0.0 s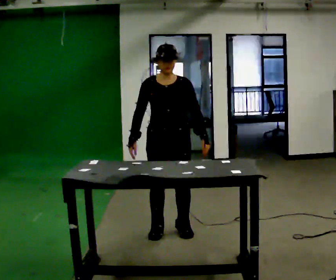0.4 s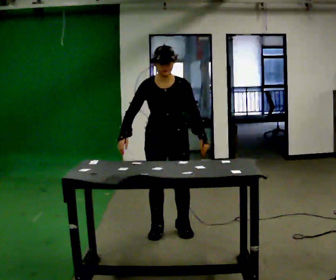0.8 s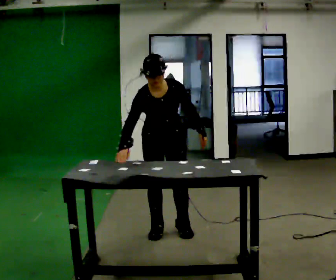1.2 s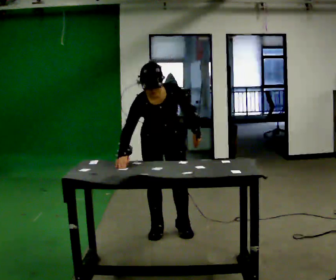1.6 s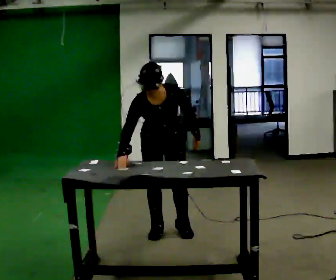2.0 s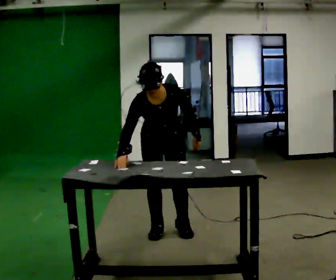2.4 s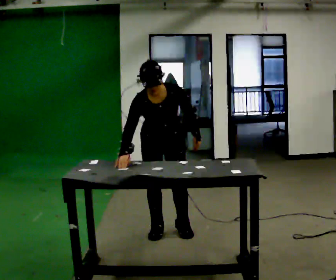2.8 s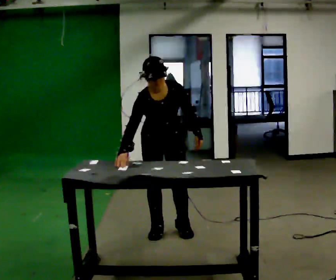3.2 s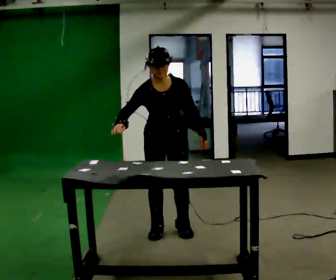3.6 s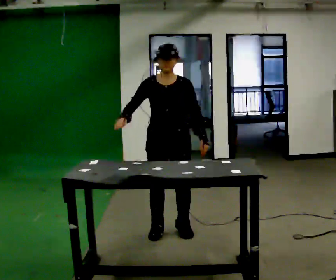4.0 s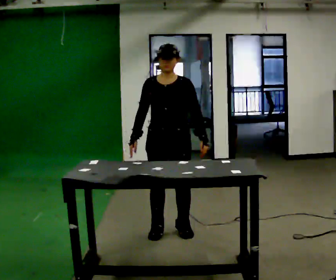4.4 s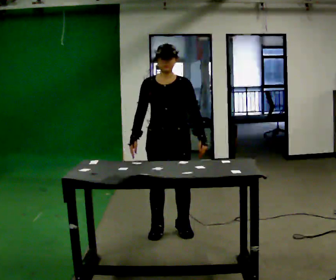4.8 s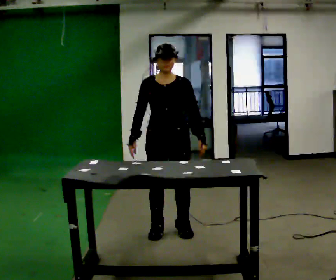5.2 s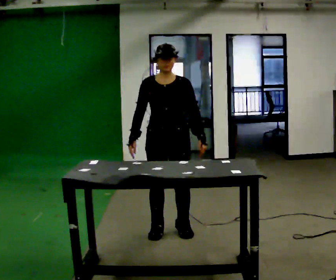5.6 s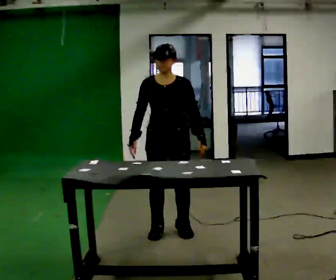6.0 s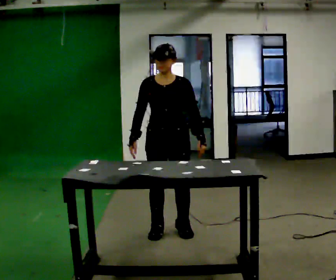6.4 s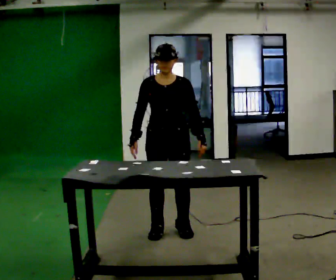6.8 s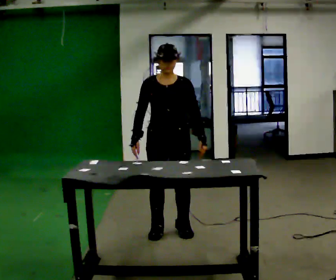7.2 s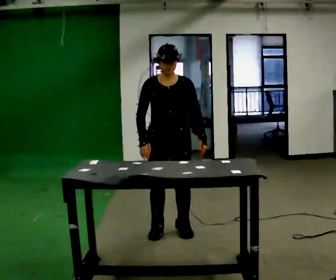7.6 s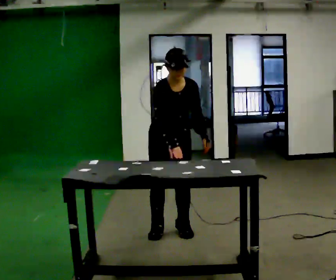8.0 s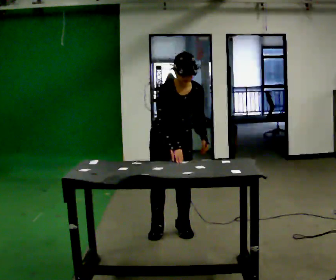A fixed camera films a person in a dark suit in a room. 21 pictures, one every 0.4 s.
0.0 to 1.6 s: The upper body tips toward the camera, its near side rolling downward, as they bend forward.
1.6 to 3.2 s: The upper body tips away from the camera, its near side rolling upward, as they lean back or straighten.
3.2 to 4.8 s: The upper body tips away from the camera, its near side rolling upward, as they lean back or straighten.
4.8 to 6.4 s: The person keeps their place and pose.
6.4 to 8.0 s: The upper body tips toward the camera, its near side rolling downward, as they bend forward. In the picture their right hand goes to the right.
The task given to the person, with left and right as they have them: Touch each numbered target on the board in front of you in the order the operator calls. Keep both feet on the marked spots for the whole take. If you have to step, stop and tell the operator.
The film runs forward here.
